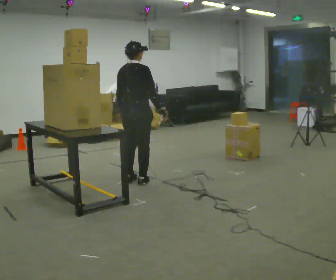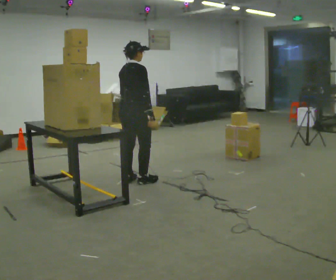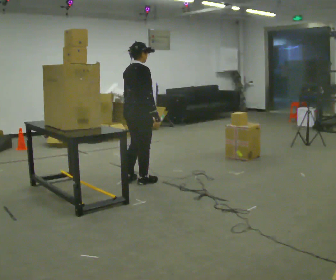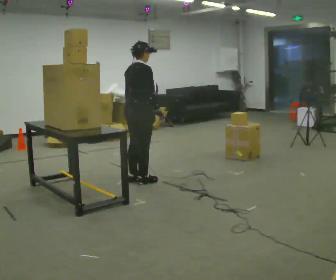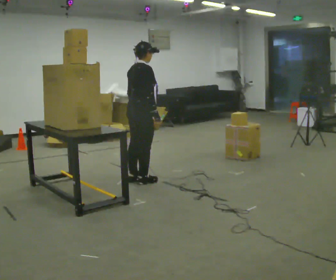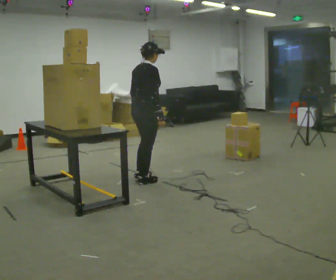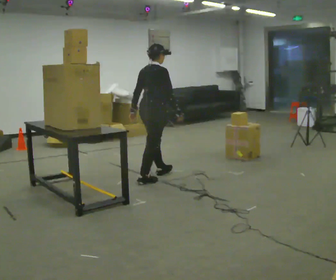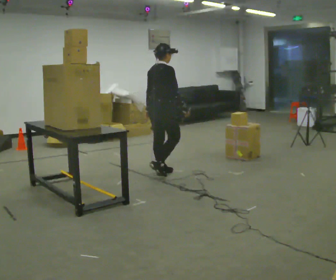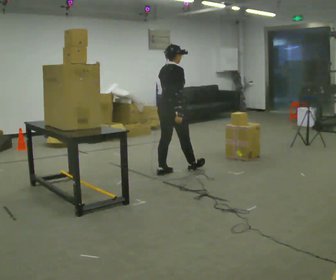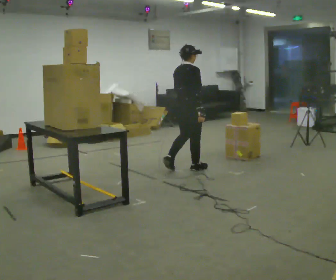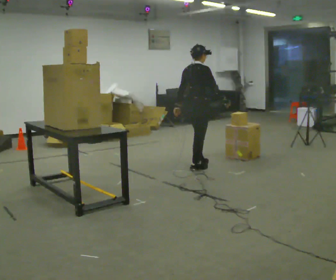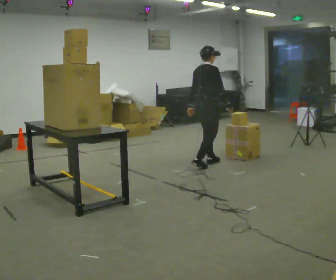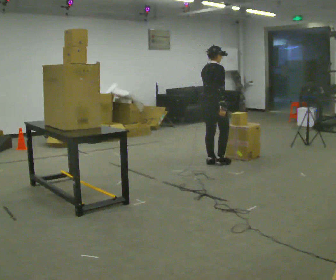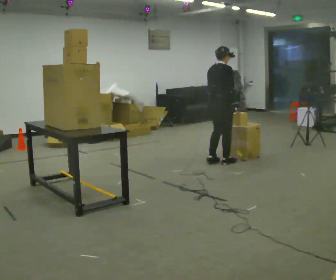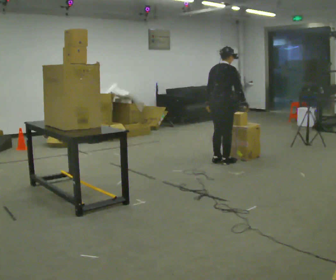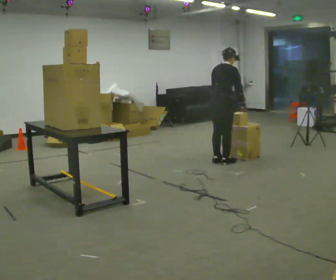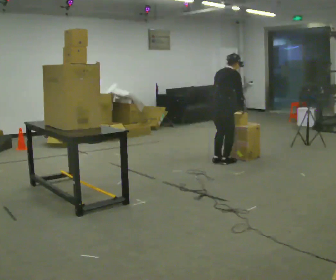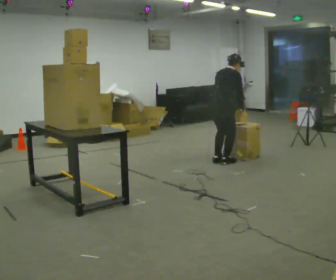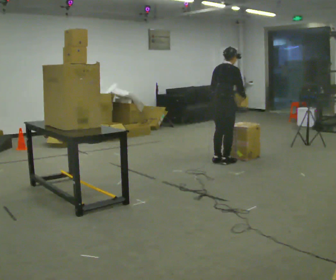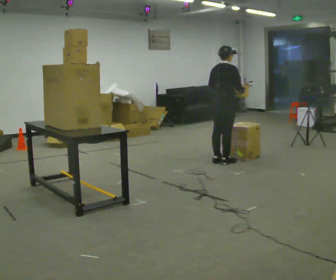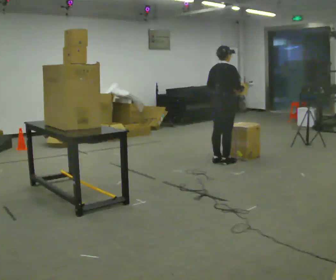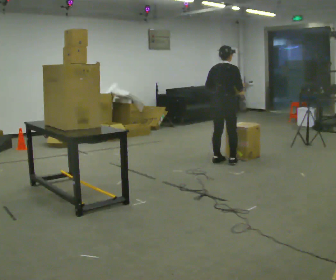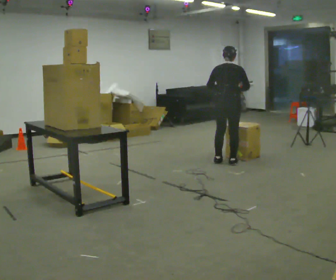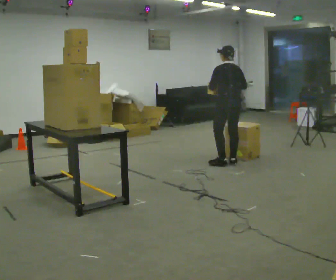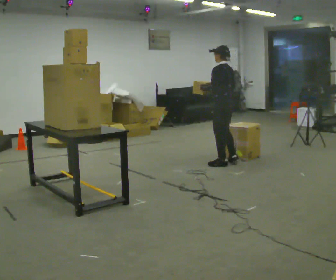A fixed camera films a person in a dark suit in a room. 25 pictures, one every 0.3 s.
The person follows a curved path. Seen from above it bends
clockwise.
0.0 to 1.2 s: The person moves a little, or ends about where they began.
1.2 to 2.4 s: In the picture they go away from the camera and to the right, about 0.5 m in 1 step, which for them is forward.
2.4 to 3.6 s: In the picture they go away from the camera and to the right, about 0.75 m in 2 steps, which for them is forward.
3.6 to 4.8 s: The upper body tips away from the camera, its near side rolling upward, as they bend forward.
4.8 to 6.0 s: The upper body tips toward the camera, its near side rolling downward, as they lean back or straighten.
6.0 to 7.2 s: Seen from above the body turns counterclockwise, about 105 degrees: to their left, with its near side sliding to the right. In the picture their right hand goes to the left.
The film runs forward here.
